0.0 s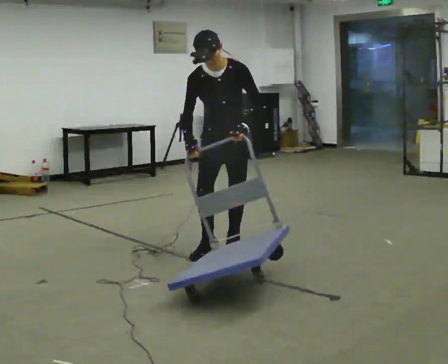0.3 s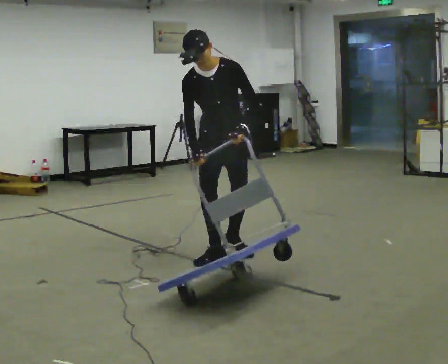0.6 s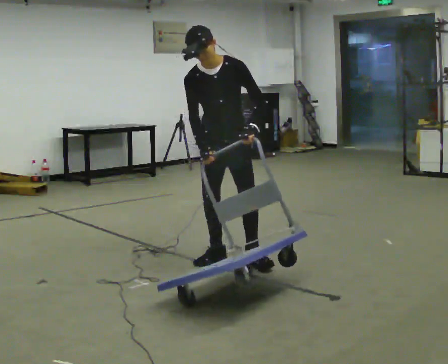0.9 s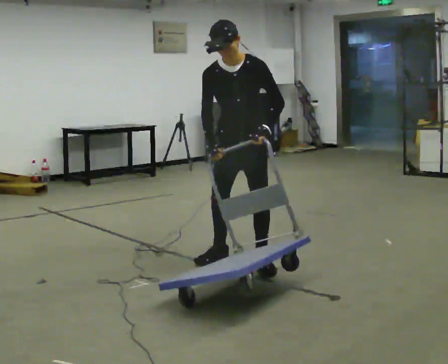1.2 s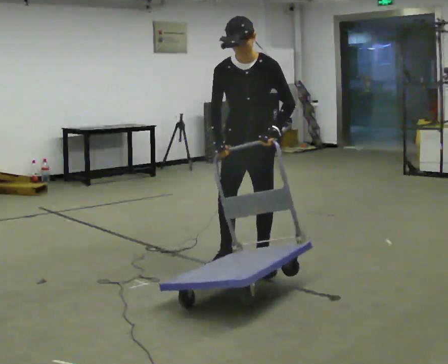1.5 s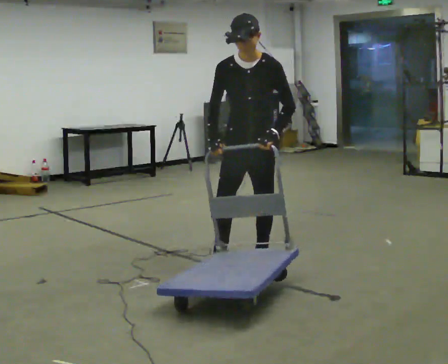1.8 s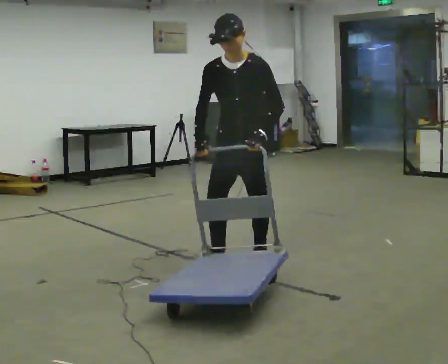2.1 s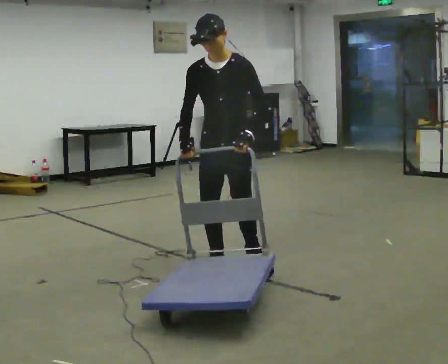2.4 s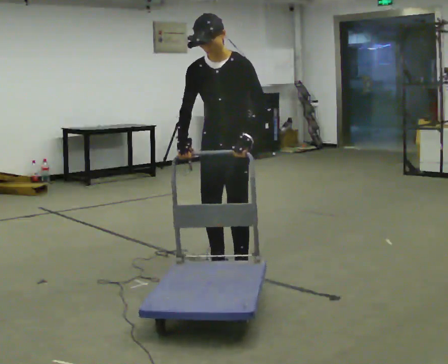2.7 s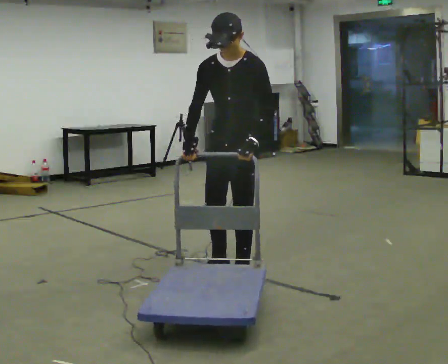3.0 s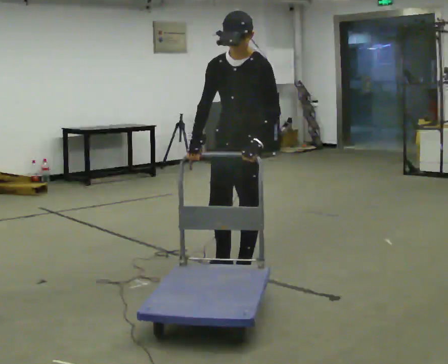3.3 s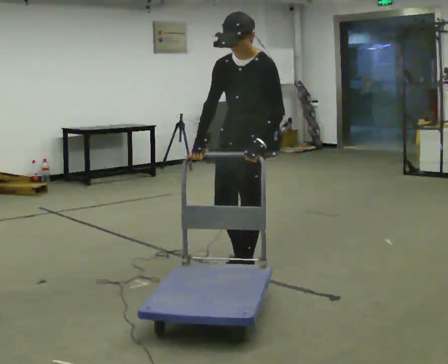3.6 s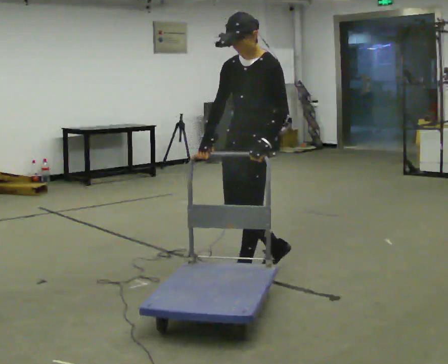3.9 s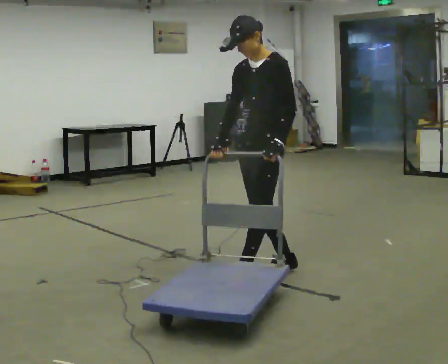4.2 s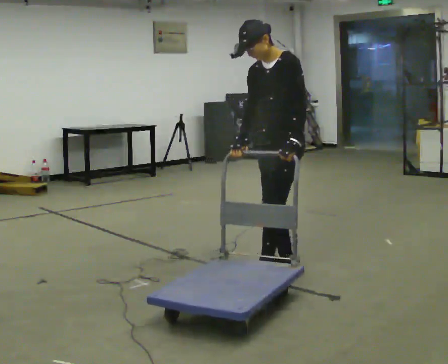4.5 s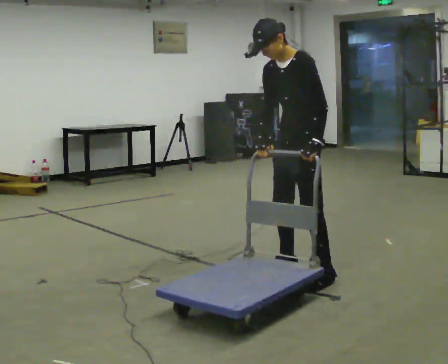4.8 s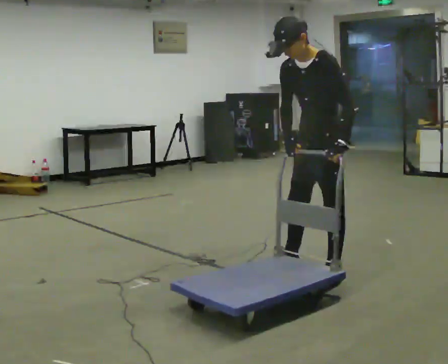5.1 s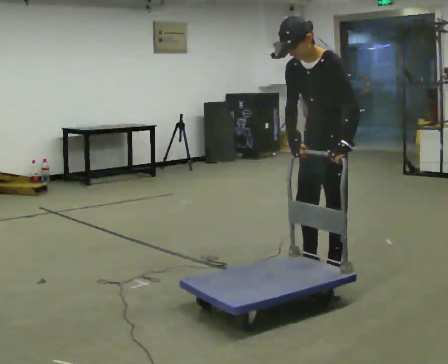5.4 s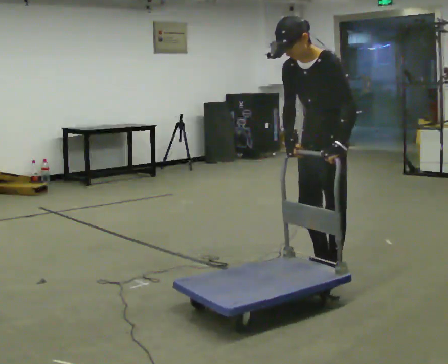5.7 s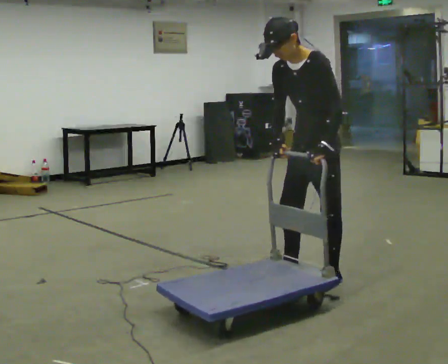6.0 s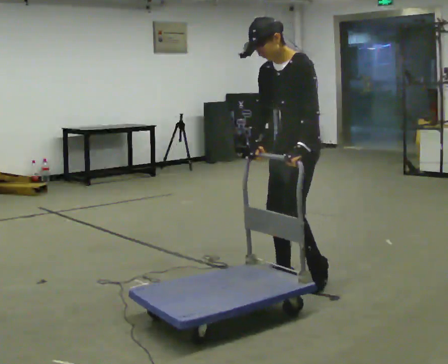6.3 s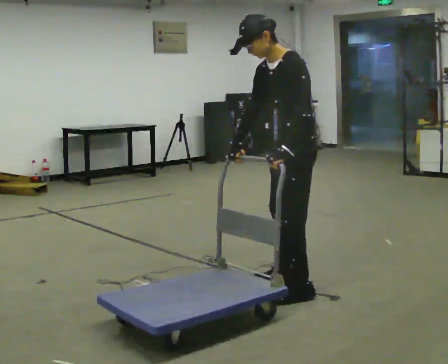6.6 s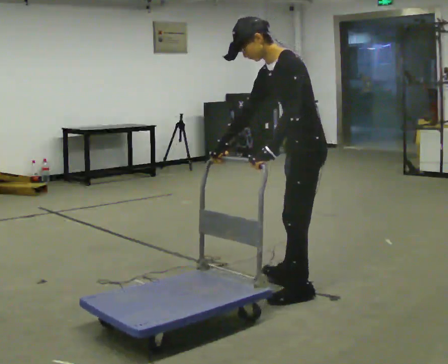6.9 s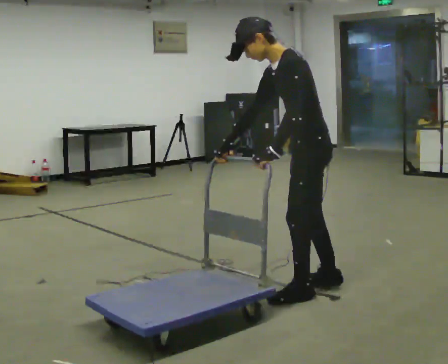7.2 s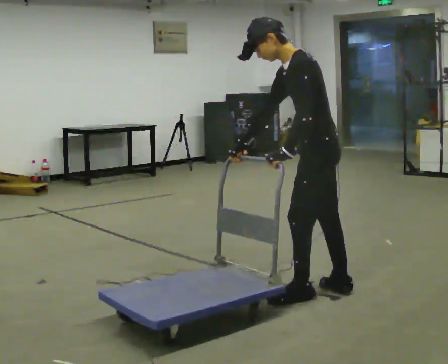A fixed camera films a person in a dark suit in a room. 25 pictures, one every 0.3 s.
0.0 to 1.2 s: In the picture they go toward the camera and to the right, about 0.5 m in 2 steps, which for them is forward and to their left.
1.2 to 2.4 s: In the picture they go toward the camera, about 0.25 m in 2 steps, which for them is forward.
2.4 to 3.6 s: The person turns about 30 degrees to their right, clockwise seen from above, so the part of the body nearest the lens slides to the left. In the picture they go to the right, about 0.25 m in 1 step, which for them is to their left.
3.6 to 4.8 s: In the picture they go to the right, about 0.5 m in 1 step, which for them is backward and to their left. In the picture the upper body tilts counterclockwise, shoulders to the left, as they bend forward.
4.8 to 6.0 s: In the picture they go to the left, about 0.25 m in 2 steps, which for them is forward.
6.0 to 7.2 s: Seen from above the body turns clockwise, about 30 degrees: to their right, with its near side sliding to the left. In the picture they go toward the camera, about 0.25 m in 2 steps, which for them is to their left.
The film runs forward here.
